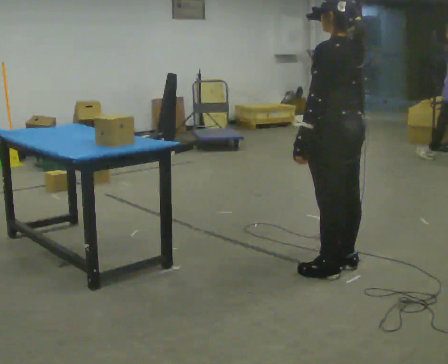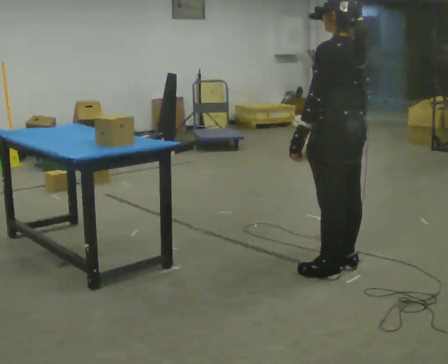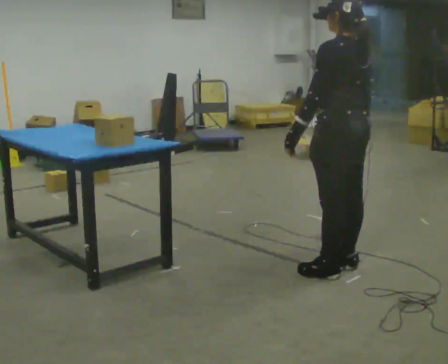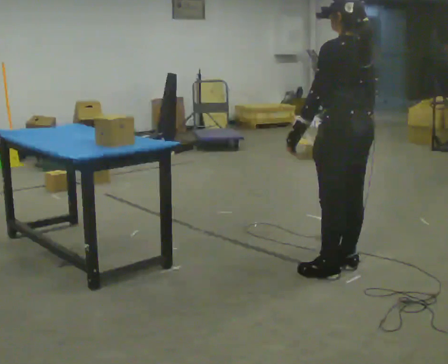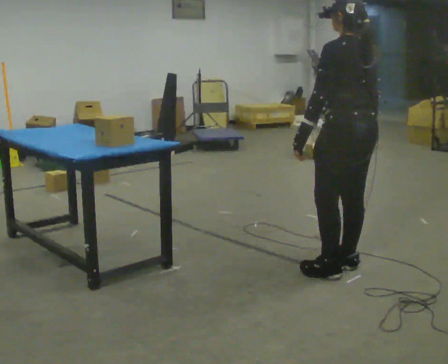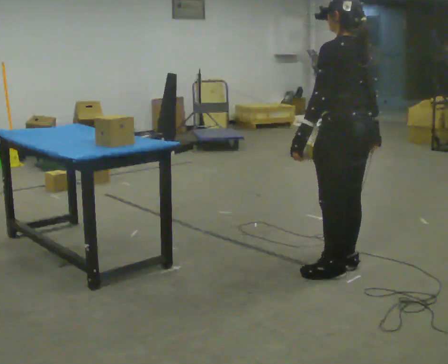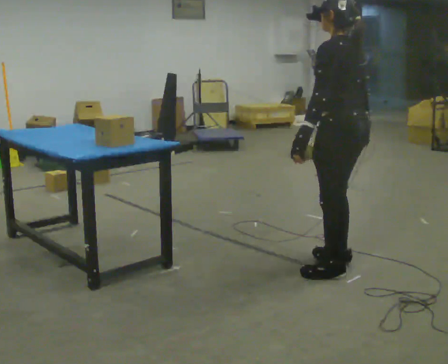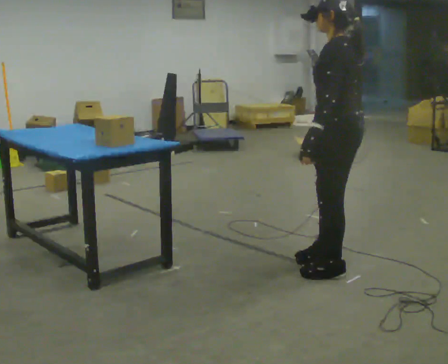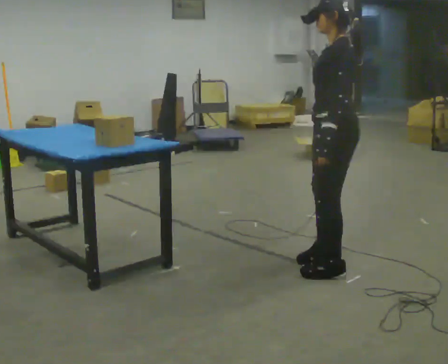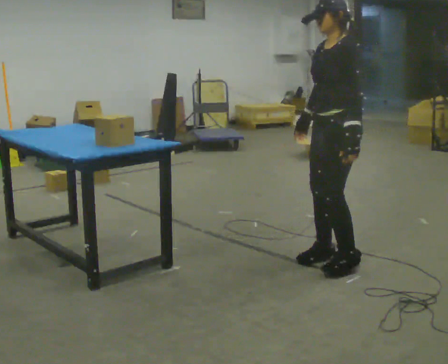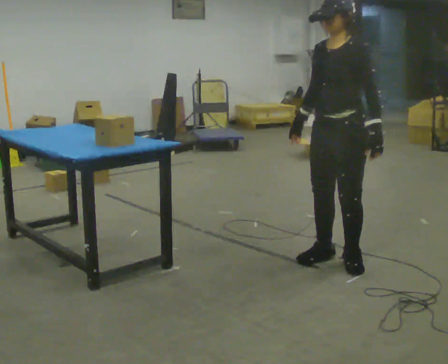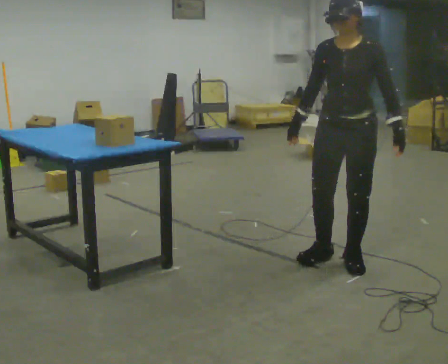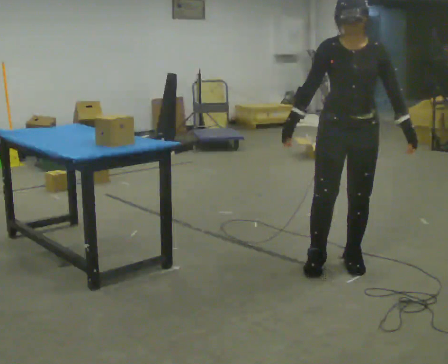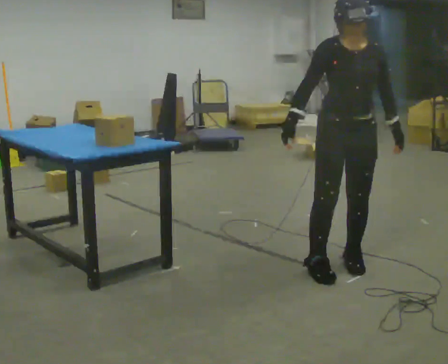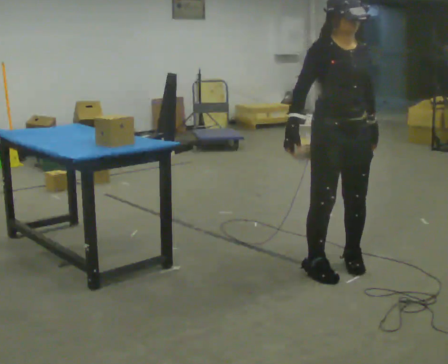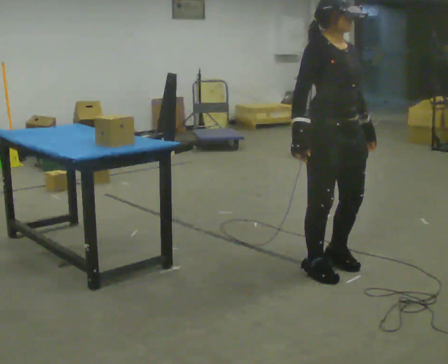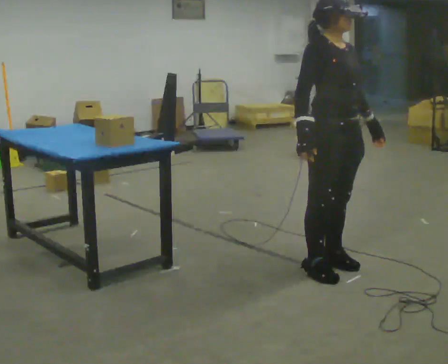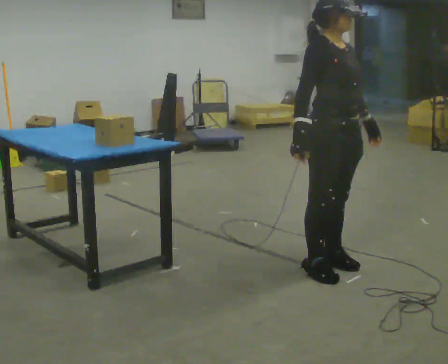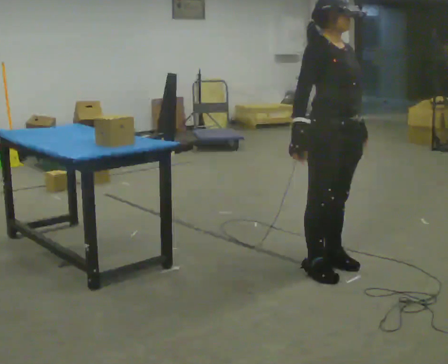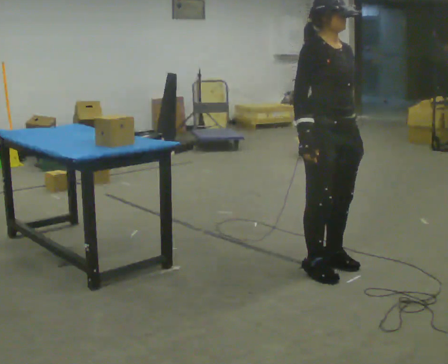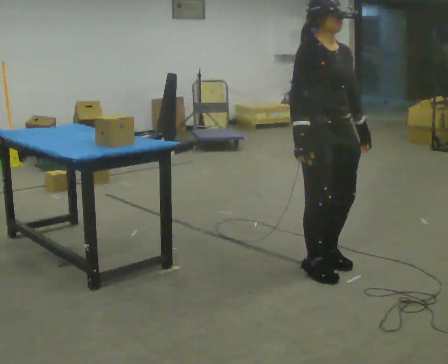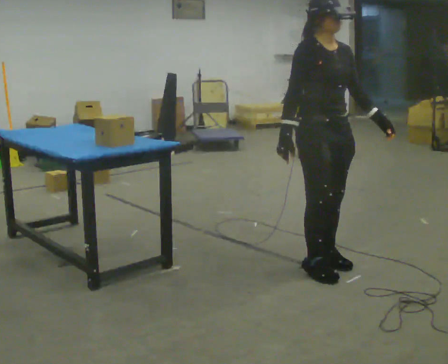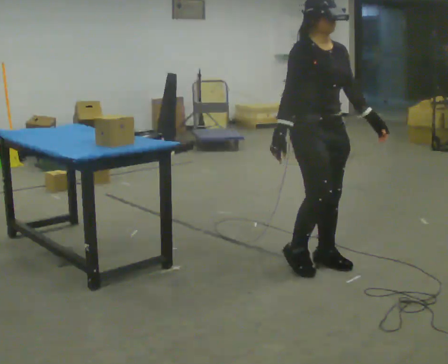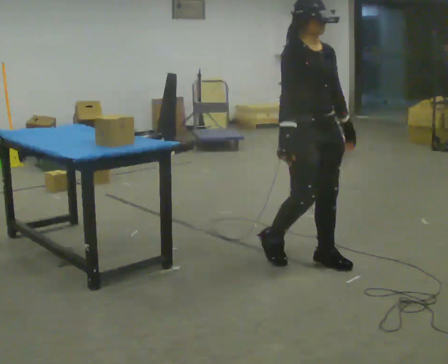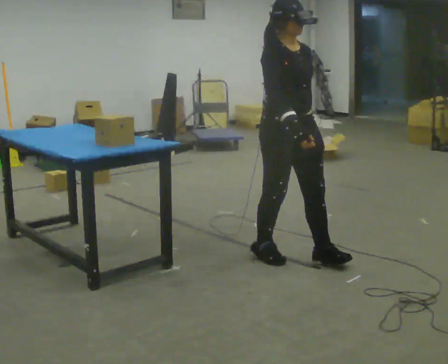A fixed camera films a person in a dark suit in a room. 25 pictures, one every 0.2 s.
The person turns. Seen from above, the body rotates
counterclockwise.
The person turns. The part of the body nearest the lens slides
to the right.
0.0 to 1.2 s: The person moves a little, or ends about where they began.
1.2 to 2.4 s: Seen from above the body turns counterclockwise, about 120 degrees: to their left, with its near side sliding to the right. In the picture their left hand goes to the right, the arm swinging counterclockwise.
2.4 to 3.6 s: The person turns about 60 degrees to their left, counterclockwise seen from above, so the part of the body nearest the lens slides to the right.
3.6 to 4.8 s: In the picture they go to the left and away from the camera, about 0.25 m in 1 step, which for them is backward.
The film runs backward here.
